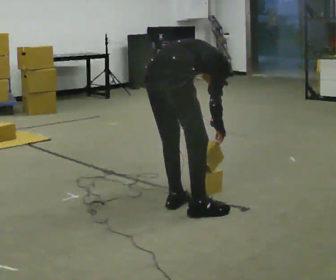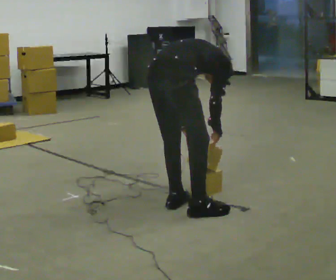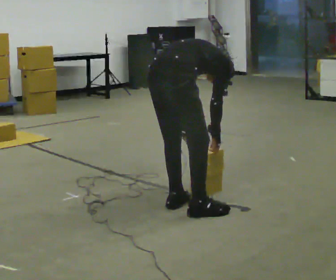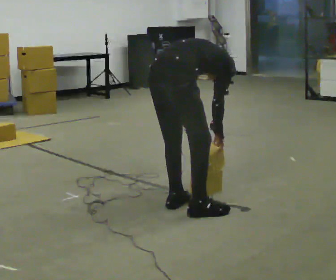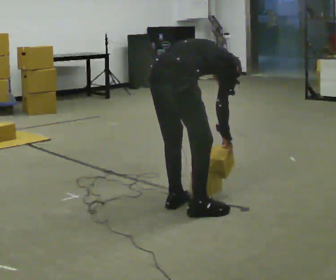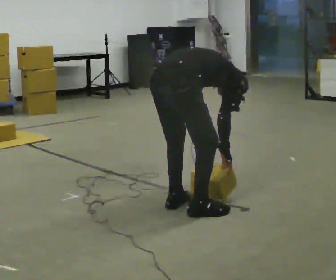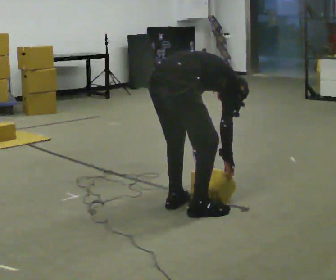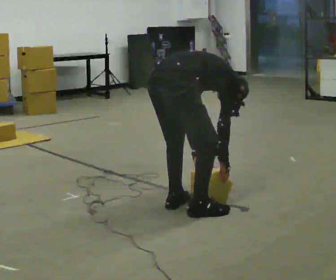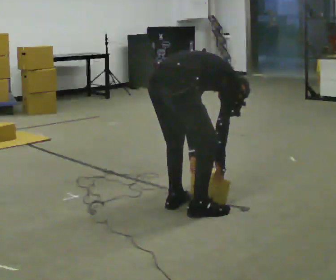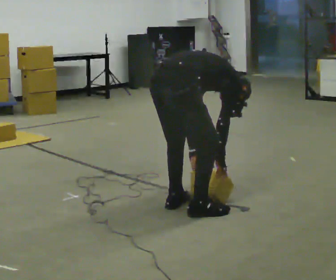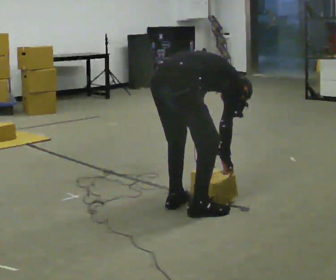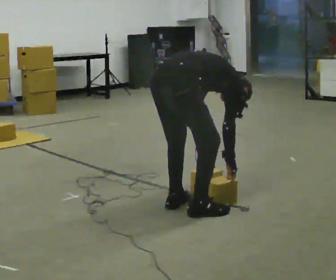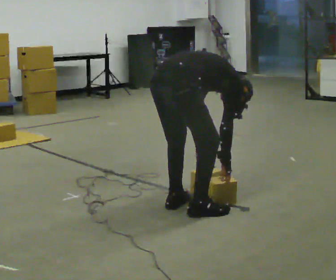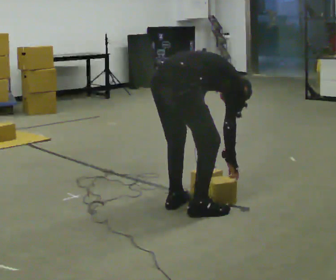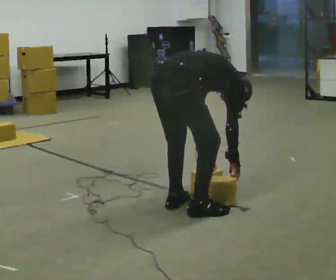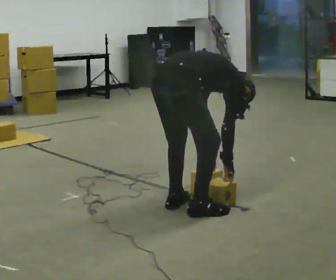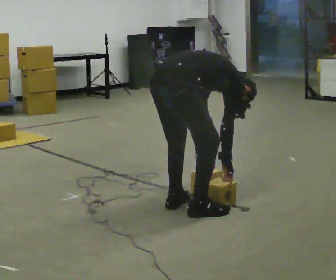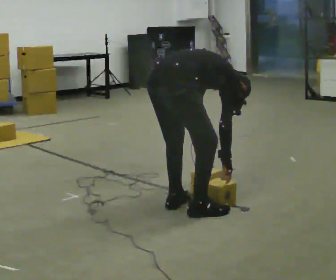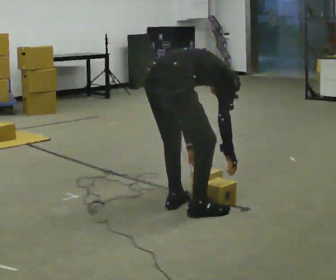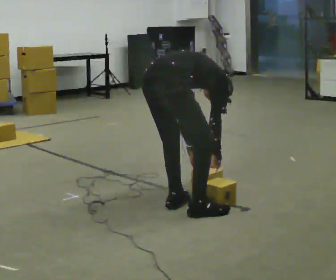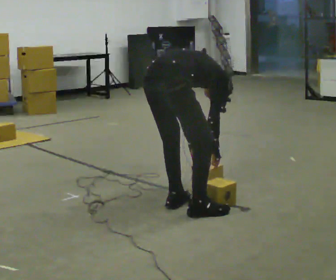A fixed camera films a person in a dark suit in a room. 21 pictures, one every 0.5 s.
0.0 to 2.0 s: The person moves a little, or ends about where they began.
2.0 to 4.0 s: In the picture the upper body tilts clockwise, shoulders to the right, as they bend forward.
4.0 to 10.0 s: The person moves a little, or ends about where they began.
The film runs backward here.
